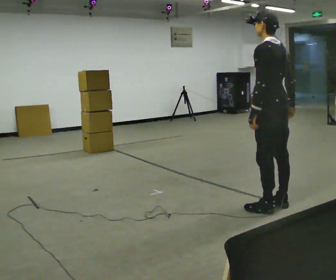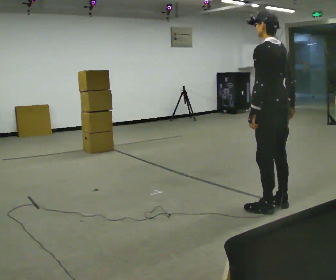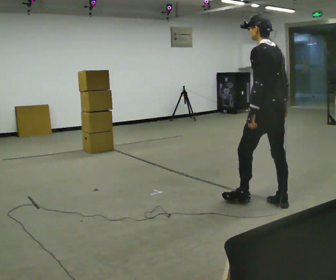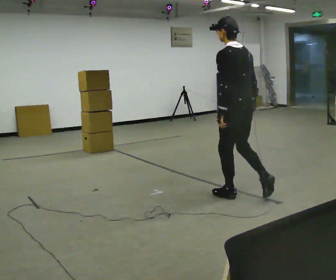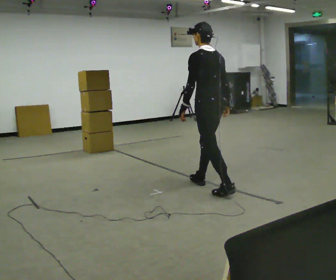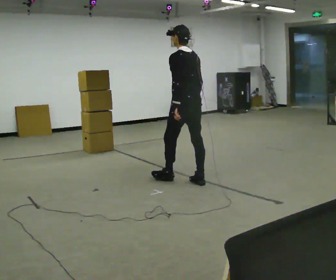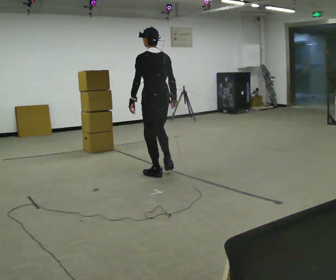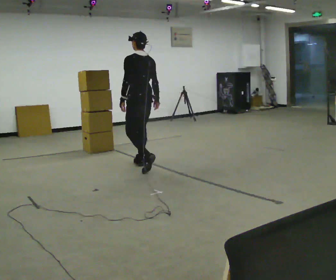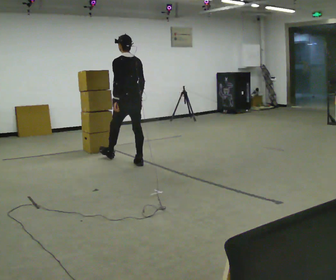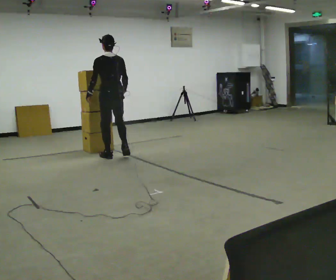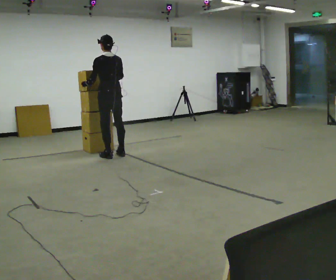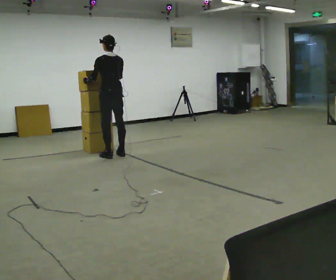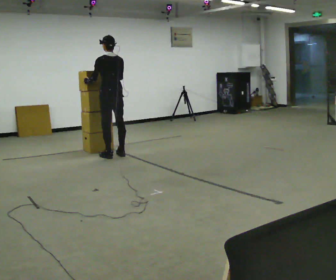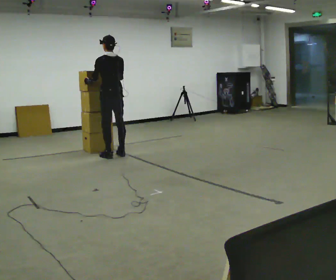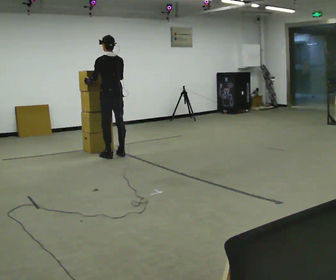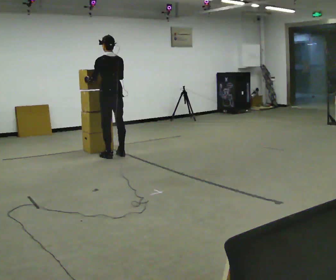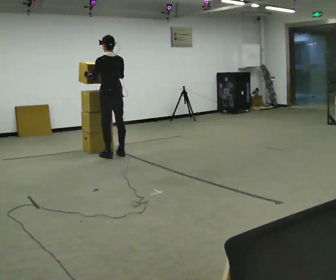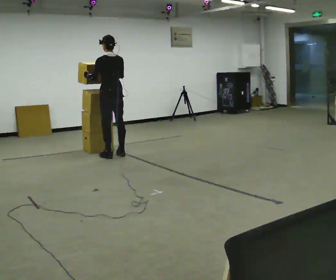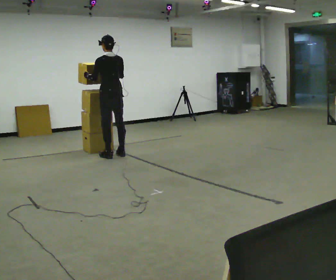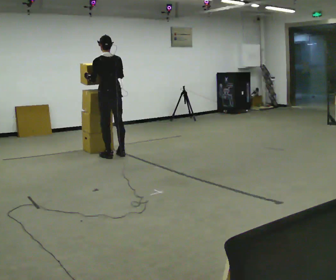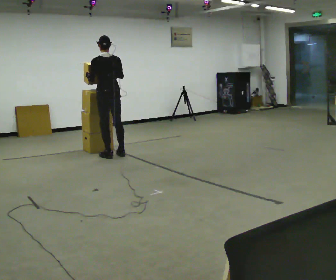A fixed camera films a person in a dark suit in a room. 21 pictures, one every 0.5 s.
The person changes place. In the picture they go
away from the camera.
0.0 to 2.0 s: In the picture they go away from the camera and to the left, about 1 m in 2 steps, which for them is forward.
2.0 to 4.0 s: In the picture they go away from the camera and to the left, about 1.5 m in 2 steps, which for them is forward.
4.0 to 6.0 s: In the picture they go away from the camera and to the left, about 0.5 m in 2 steps, which for them is forward.
6.0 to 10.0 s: The person moves a little, or ends about where they began.
The film runs forward here.
